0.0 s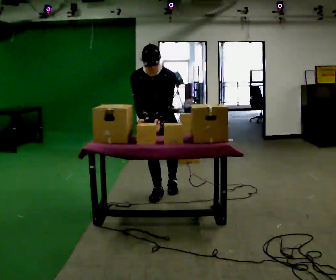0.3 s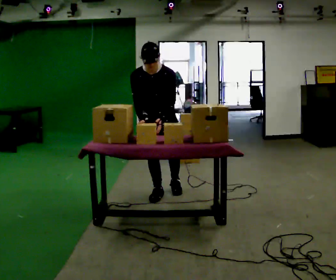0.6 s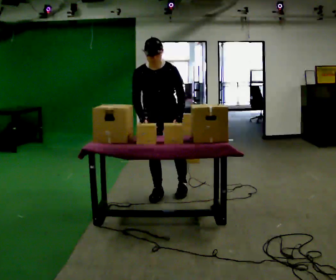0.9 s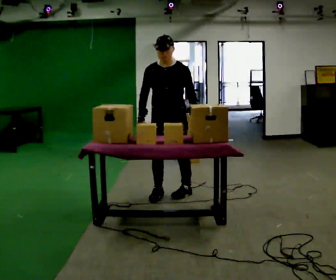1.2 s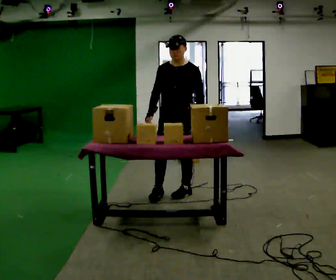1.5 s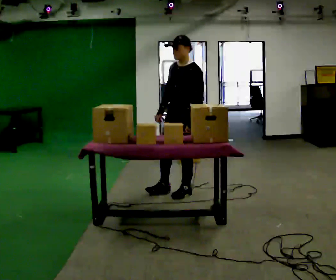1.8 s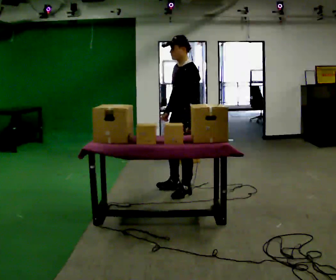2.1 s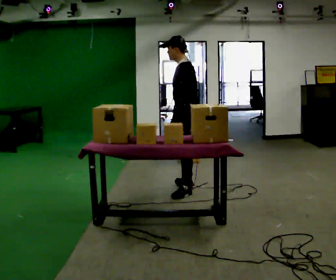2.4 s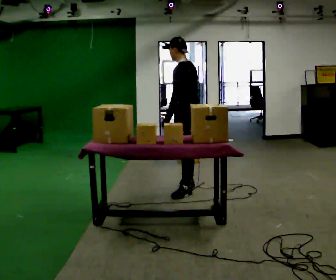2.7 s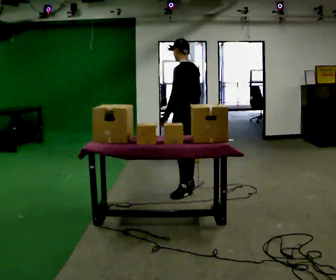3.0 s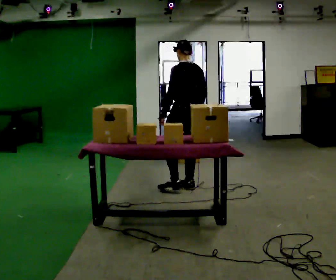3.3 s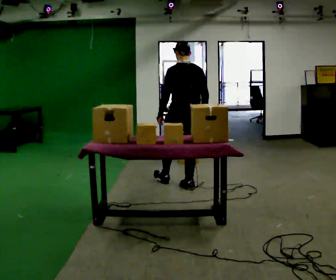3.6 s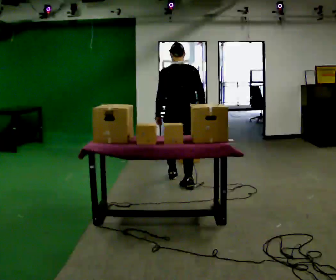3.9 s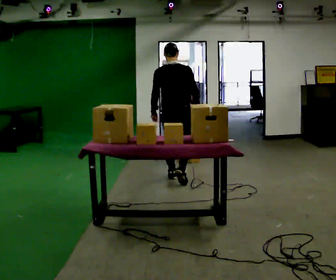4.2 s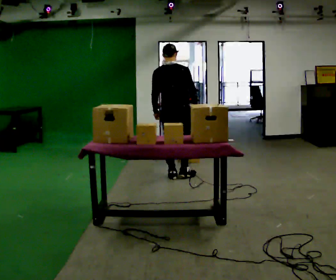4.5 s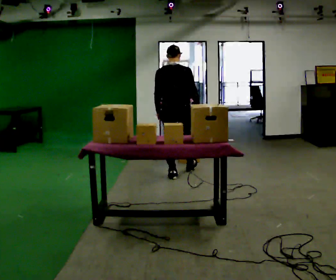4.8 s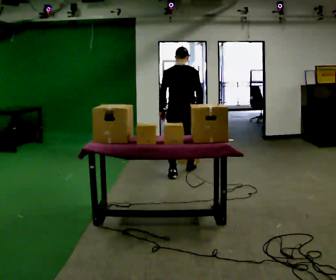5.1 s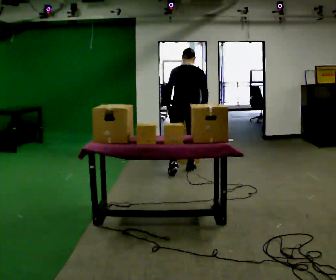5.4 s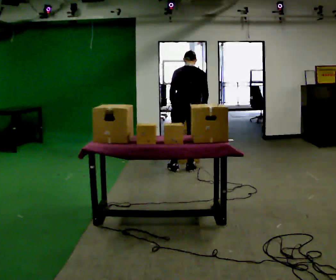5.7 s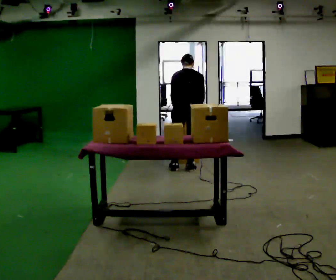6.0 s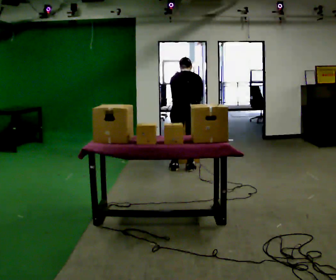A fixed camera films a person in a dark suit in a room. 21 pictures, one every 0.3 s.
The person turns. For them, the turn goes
to their right.
The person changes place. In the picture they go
away from the camera.
0.0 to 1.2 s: The part of the body nearest the lens slides to the left as the person turns to their right by about 30 degrees. In the picture they go to the right, about 0.25 m in 1 step, which for them is to their left. The upper body tips away from the camera, its near side rolling upward, as they lean back or straighten.
1.2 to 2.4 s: The part of the body nearest the lens slides to the left as the person turns to their right by about 75 degrees. In the picture their right hand goes to the right.
2.4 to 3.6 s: Seen from above the body turns clockwise, about 75 degrees: to their right, with its near side sliding to the left. In the picture they go away from the camera, about 0.25 m in 1 step.
3.6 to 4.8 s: In the picture they go away from the camera, about 0.5 m in 1 step, which for them is forward.
4.8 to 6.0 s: The upper body tips away from the camera, its near side rolling upward, as they bend forward.
The film runs forward here.
